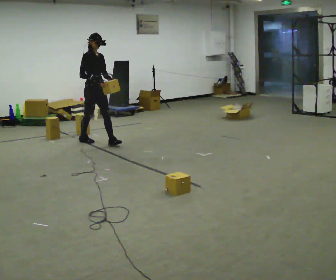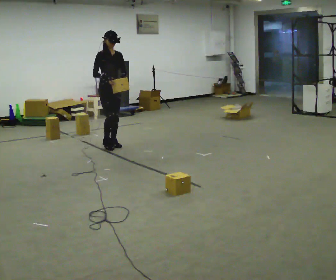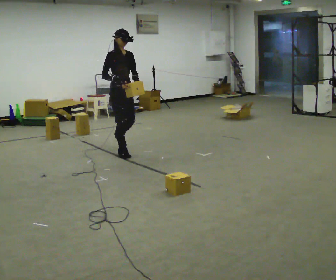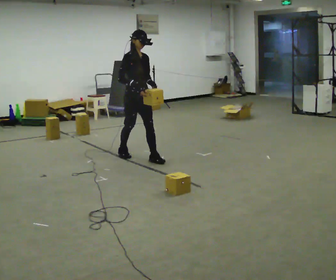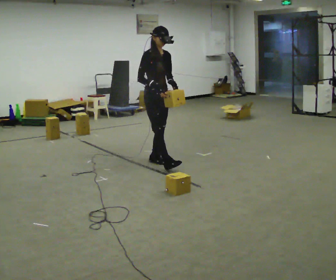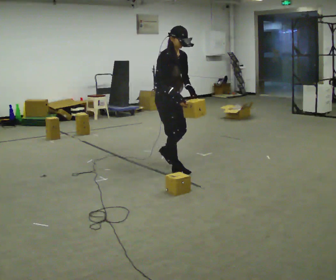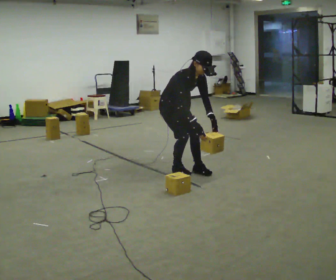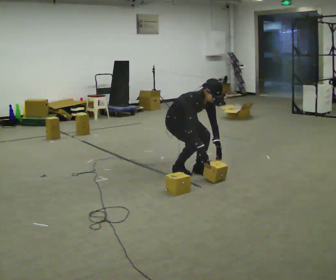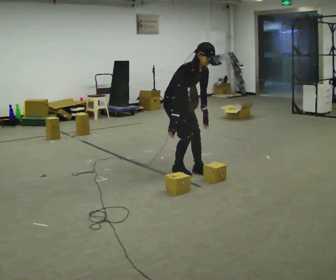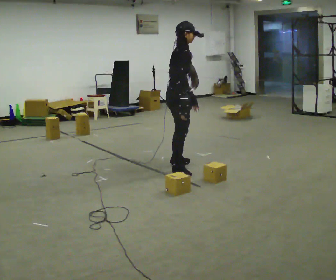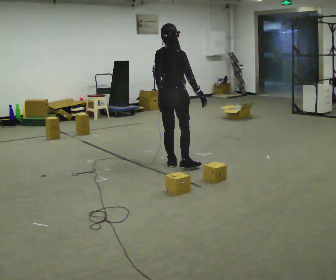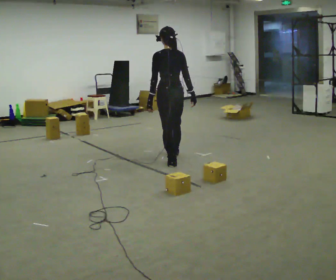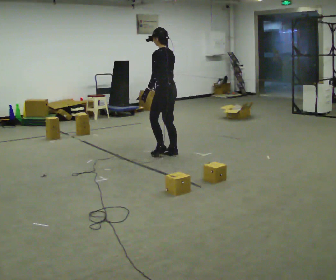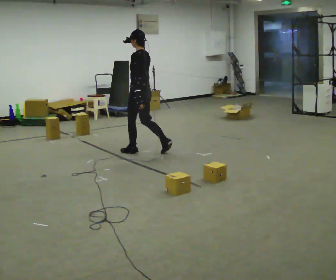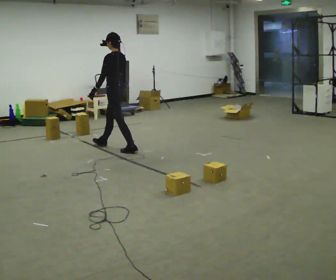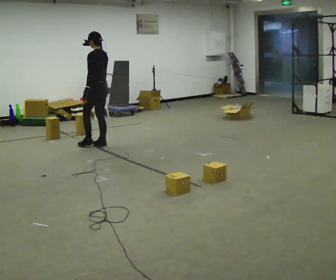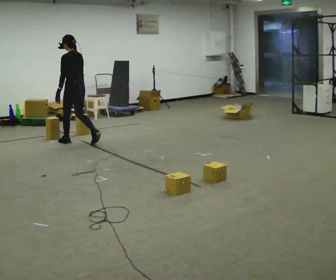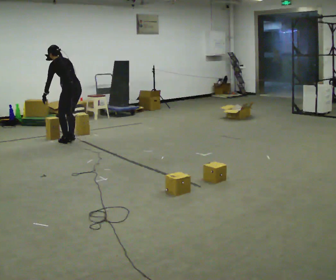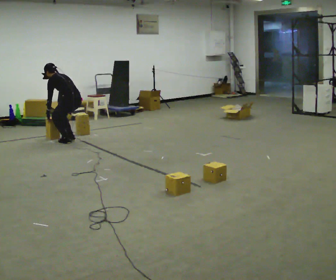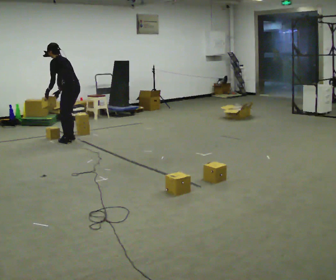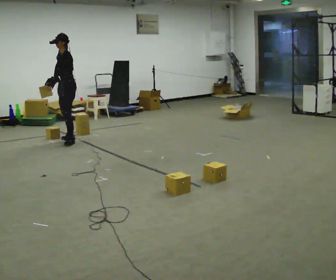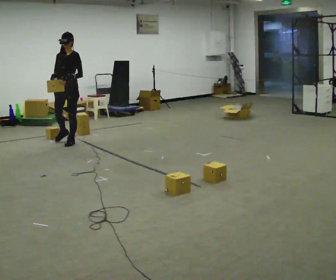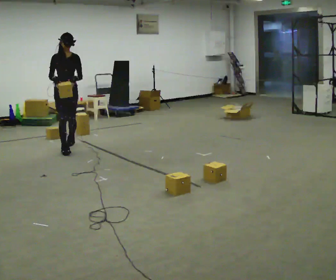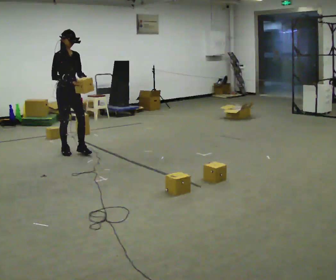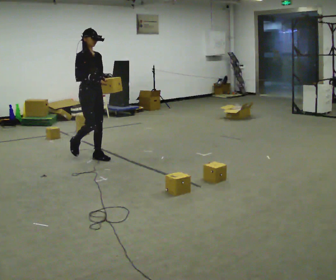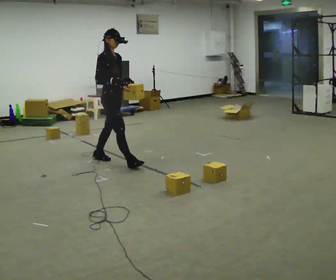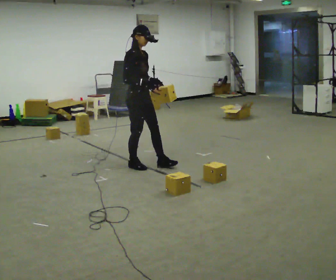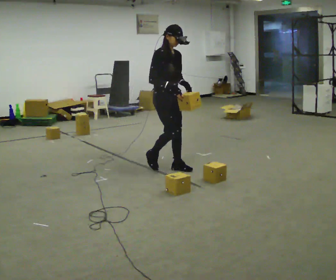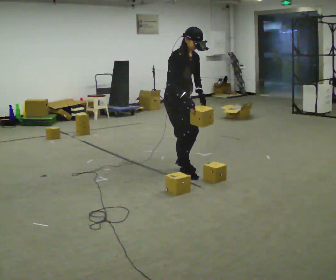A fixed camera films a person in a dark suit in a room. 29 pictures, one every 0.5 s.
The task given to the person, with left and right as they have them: Carry the box straight from one end of the room to the other, set it down, then bring it back. Keep going until the operator says stop; one object at a time, and do not rush between trips.
0.0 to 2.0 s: In the picture they go toward the camera and to the right, about 1.5 m in 3 steps, which for them is forward.
2.0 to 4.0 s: In the picture they go toward the camera and to the right, about 0.5 m in 2 steps, which for them is forward. In the picture their left hand goes downward.
4.0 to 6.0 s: Seen from above the body turns counterclockwise, about 180 degrees: to their left, with its near side sliding to the right. In the picture they go away from the camera, about 0.5 m in 2 steps. The shoulders move upward. The upper body tips away from the camera, its near side rolling upward, as they lean back or straighten.
6.0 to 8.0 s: In the picture they go to the left and away from the camera, about 1.5 m in 3 steps, which for them is forward.
8.0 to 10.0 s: The person turns about 60 degrees to their left, counterclockwise seen from above, so the part of the body nearest the lens slides to the right. In the picture they go away from the camera, about 0.25 m in 1 step. In the picture their right hand goes to the left.
10.0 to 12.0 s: Seen from above the body turns counterclockwise, about 120 degrees: to their left, with its near side sliding to the right. In the picture they go toward the camera and to the right, about 1 m in 2 steps.
12.0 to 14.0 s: In the picture they go to the right and toward the camera, about 1 m in 3 steps, which for them is forward.
The film runs forward here.
